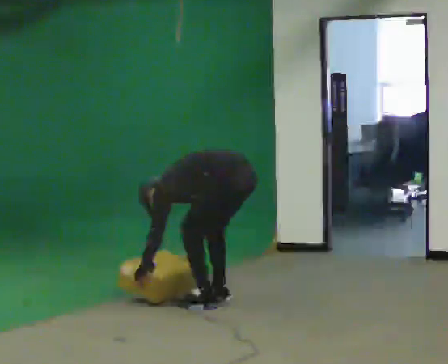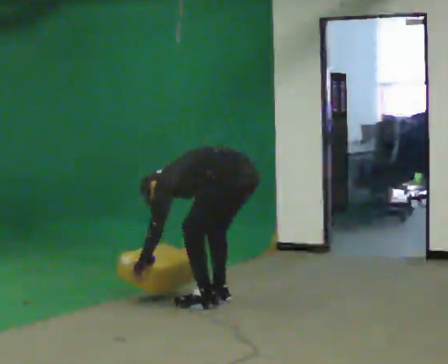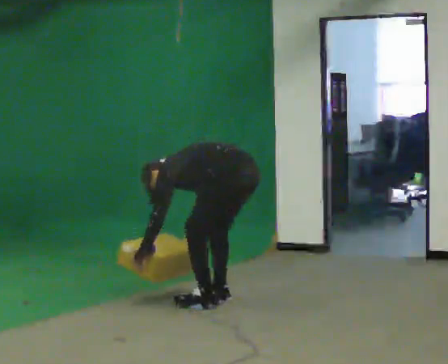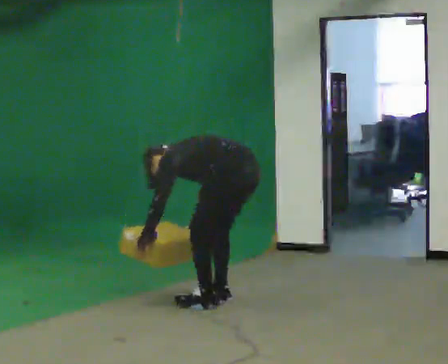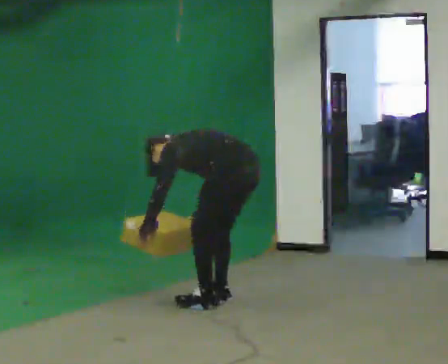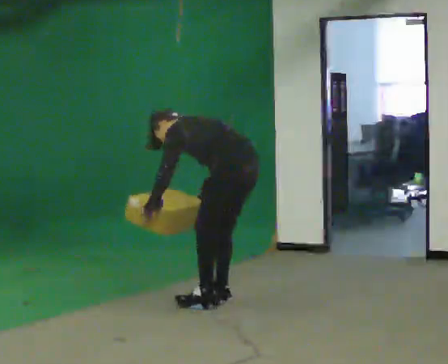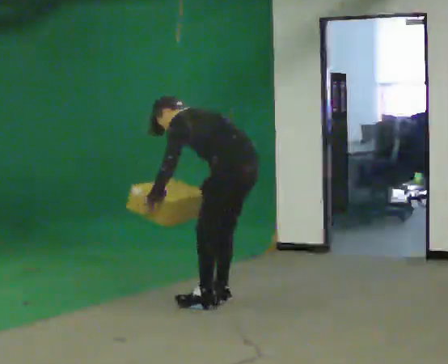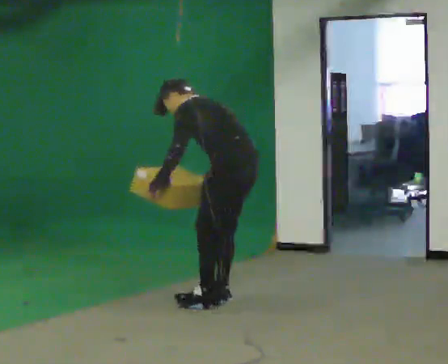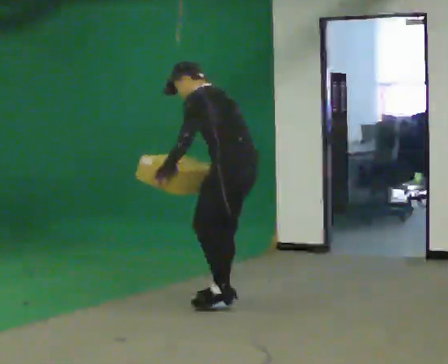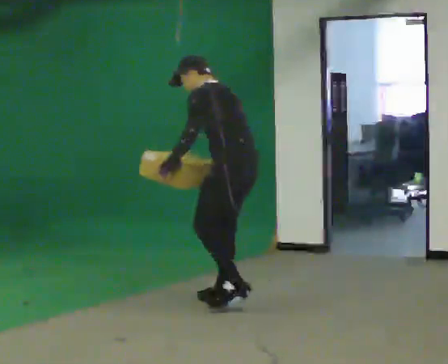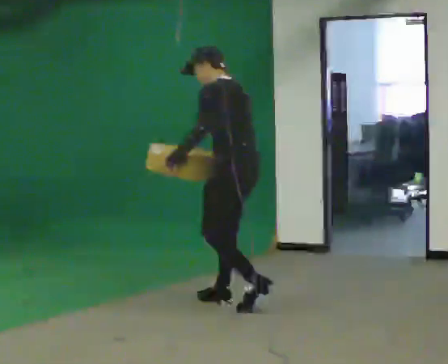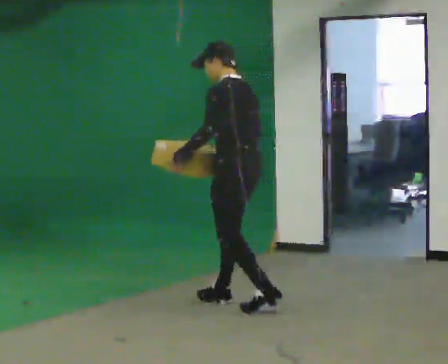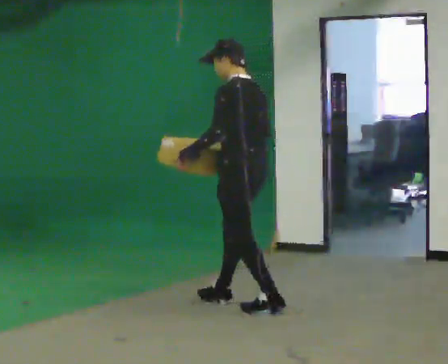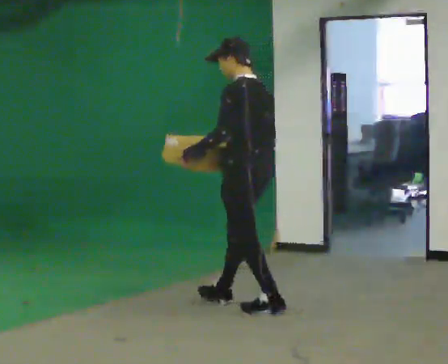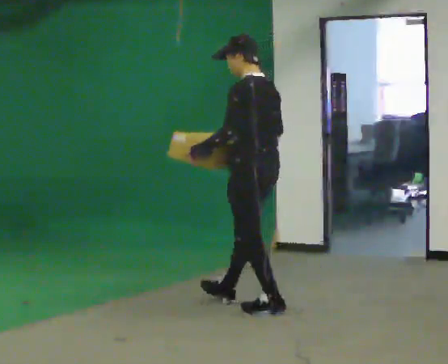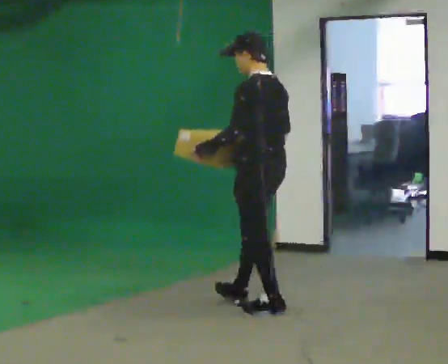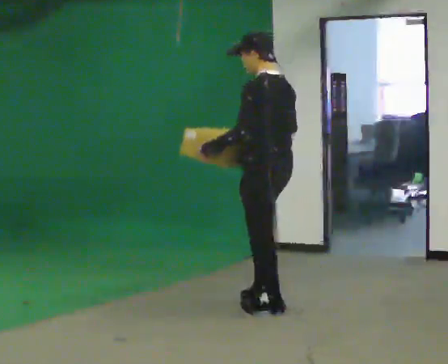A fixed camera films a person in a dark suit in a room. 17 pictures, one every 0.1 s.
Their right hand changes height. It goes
upward.
The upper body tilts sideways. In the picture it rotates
clockwise.
0.0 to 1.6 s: In the picture they go to the right and toward the camera, about 0.25 m in 2 steps, which for them is backward. The shoulders move upward. In the picture the upper body tilts clockwise, shoulders to the right, as they lean back or straighten. In the picture their right hand goes upward.
The film runs backward here.
